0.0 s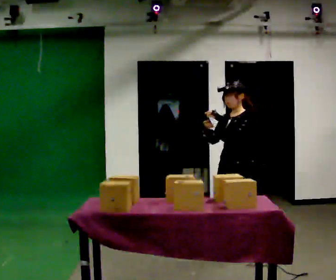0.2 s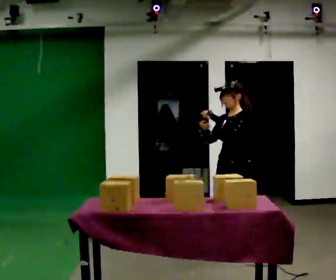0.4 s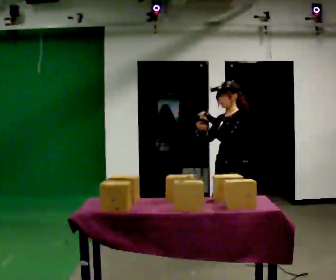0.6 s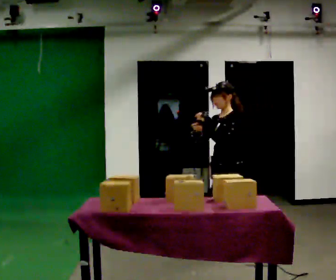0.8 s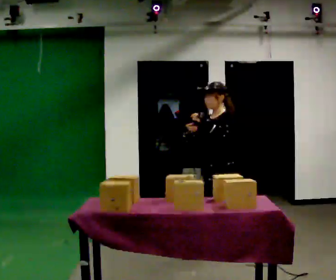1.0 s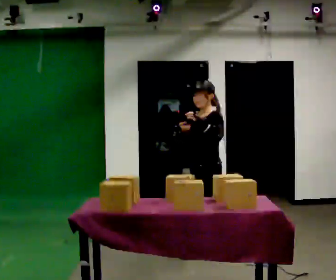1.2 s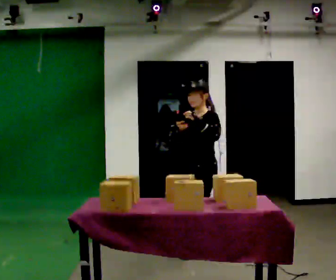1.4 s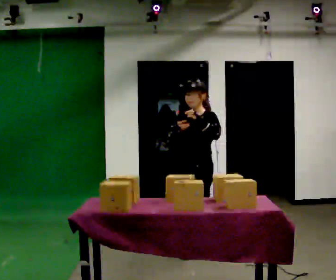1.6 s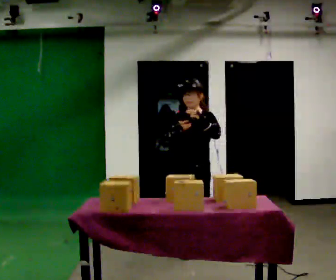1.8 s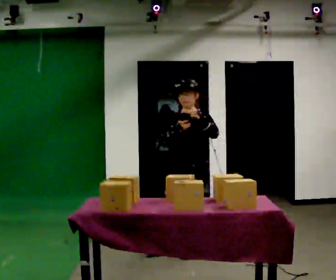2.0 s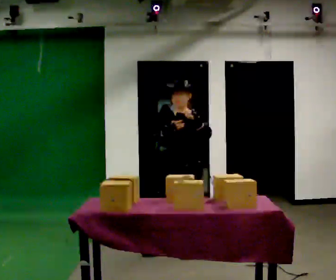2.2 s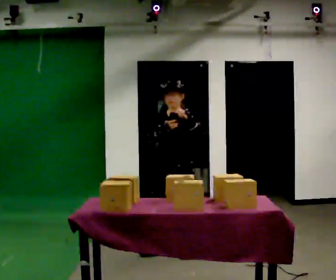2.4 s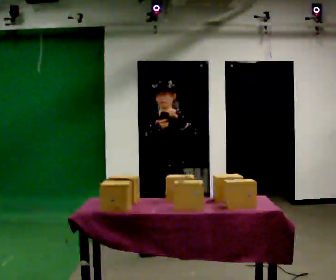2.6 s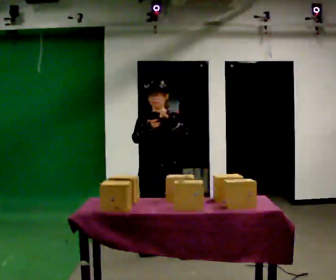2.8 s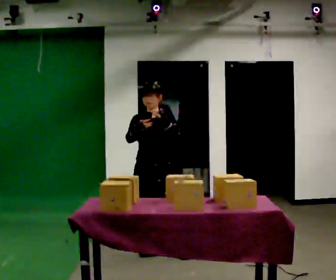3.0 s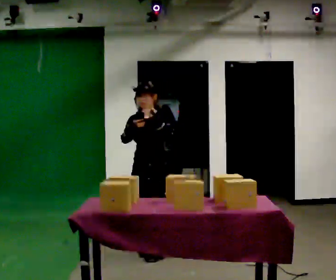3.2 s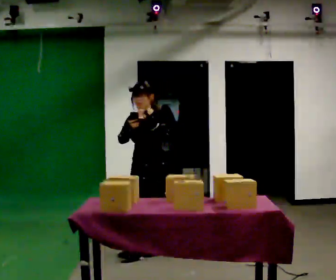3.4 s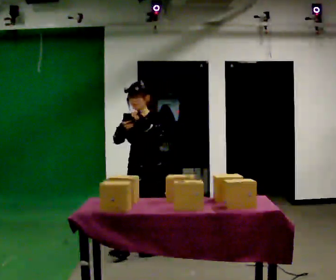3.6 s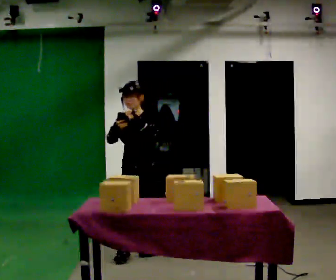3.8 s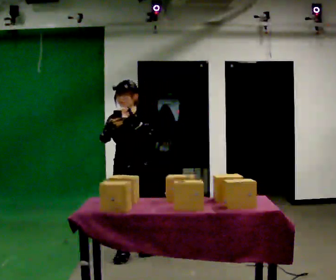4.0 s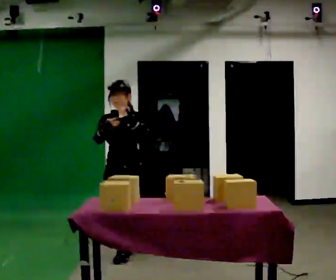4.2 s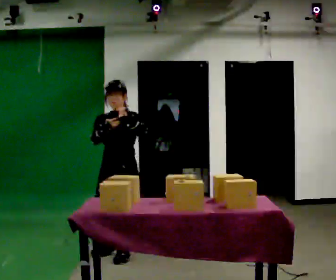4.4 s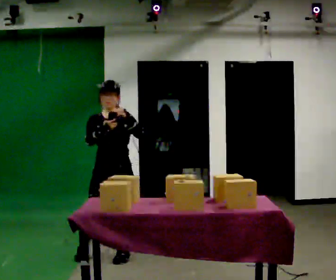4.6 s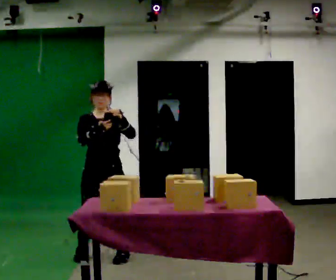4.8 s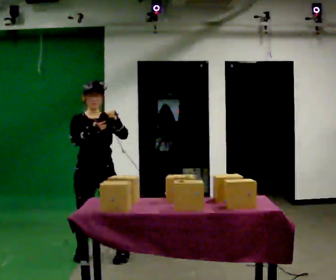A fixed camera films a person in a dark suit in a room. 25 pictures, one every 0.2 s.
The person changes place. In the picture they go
to the left.
0.0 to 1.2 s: In the picture they go to the left, about 0.25 m in 1 step, which for them is forward.
1.2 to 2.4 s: The person turns about 30 degrees to their left, counterclockwise seen from above, so the part of the body nearest the lens slides to the right. In the picture they go to the left, about 0.25 m in 1 step, which for them is to their right and forward.
2.4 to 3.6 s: In the picture they go to the left, about 0.25 m in 1 step, which for them is forward and to their right. In the picture their right hand goes to the left.
3.6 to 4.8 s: Seen from above the body turns counterclockwise, about 60 degrees: to their left, with its near side sliding to the right. In the picture they go to the left, about 0.5 m in 1 step, which for them is forward and to their right.
The film runs forward here.
